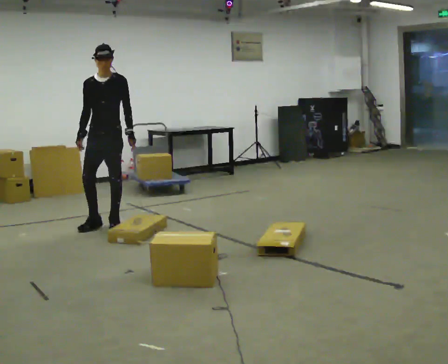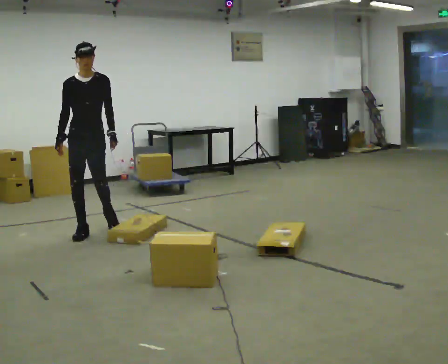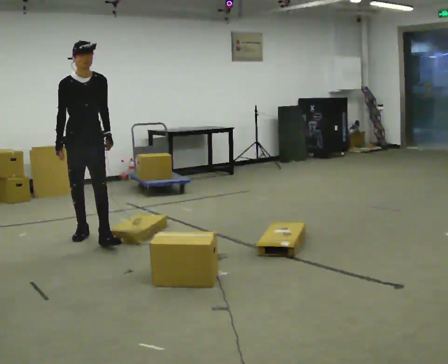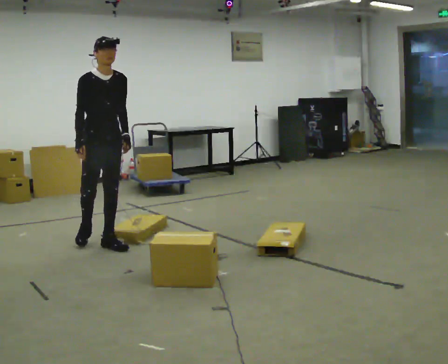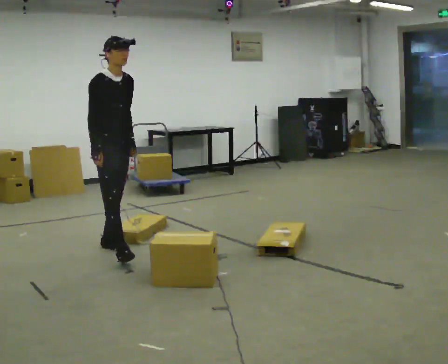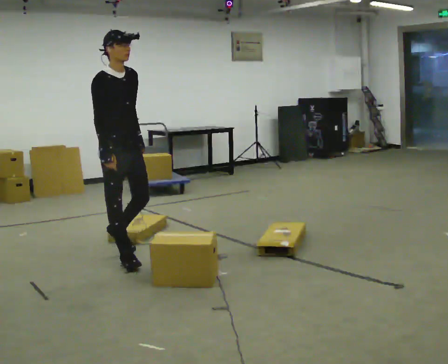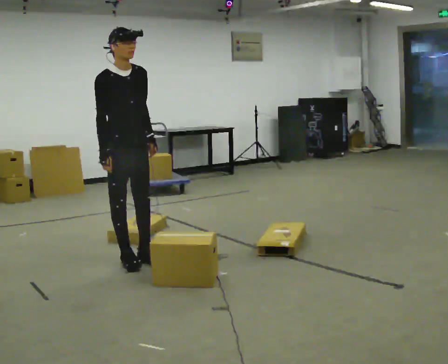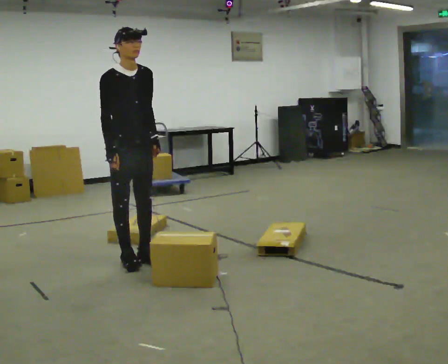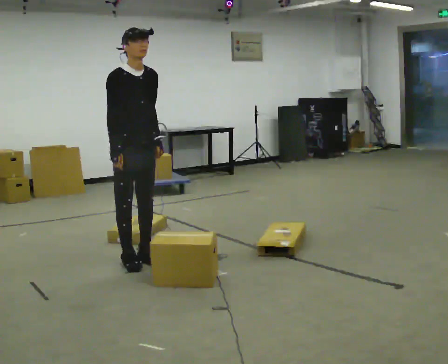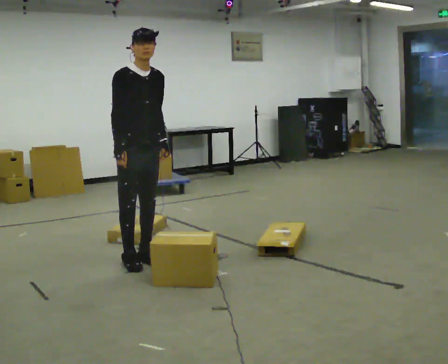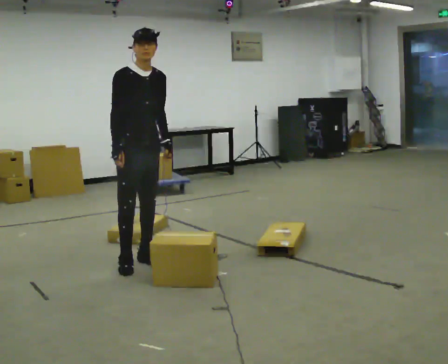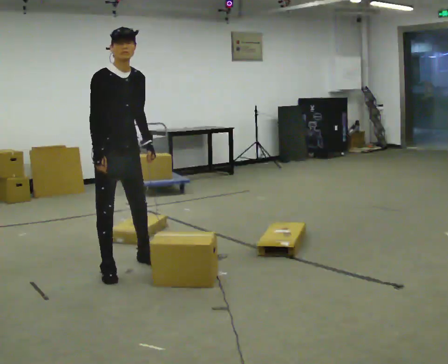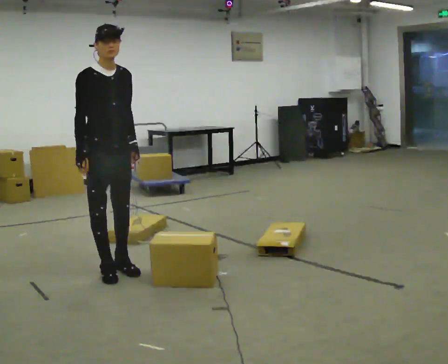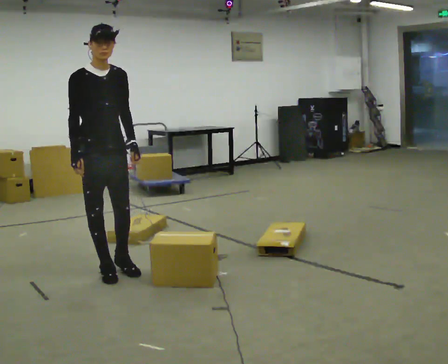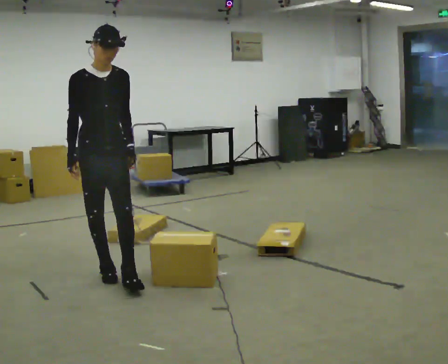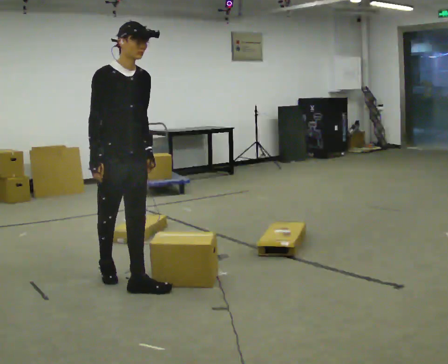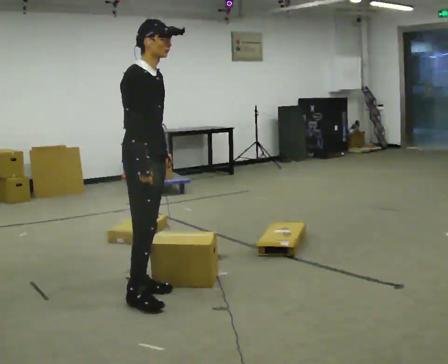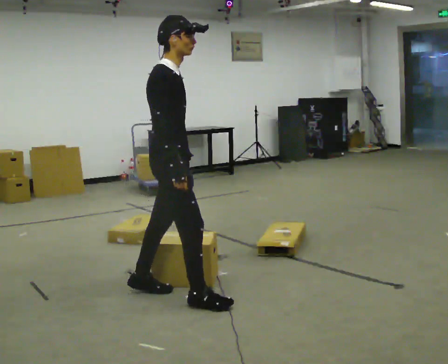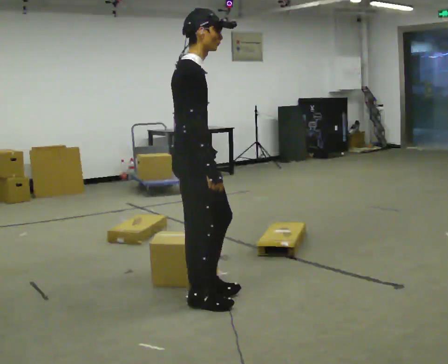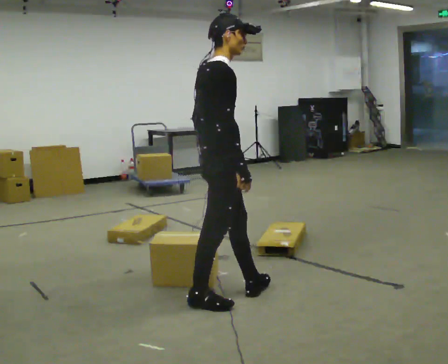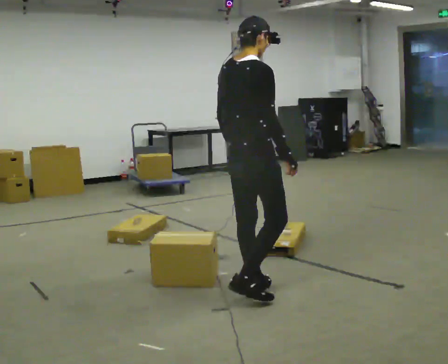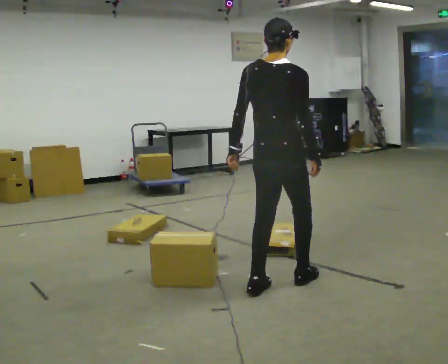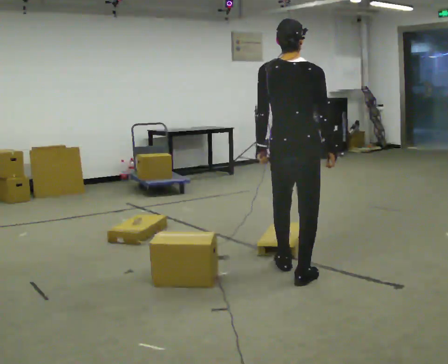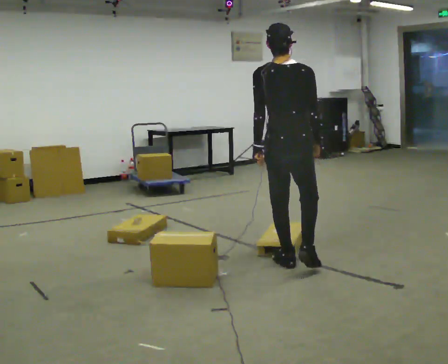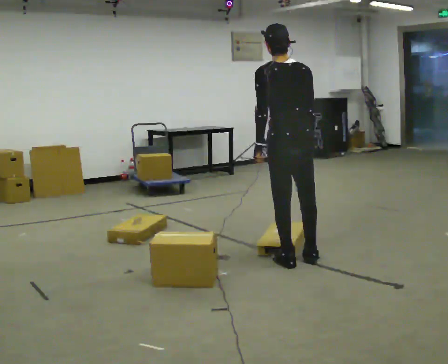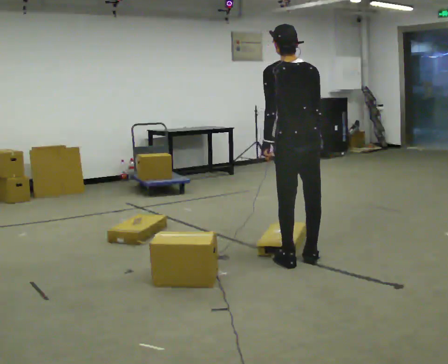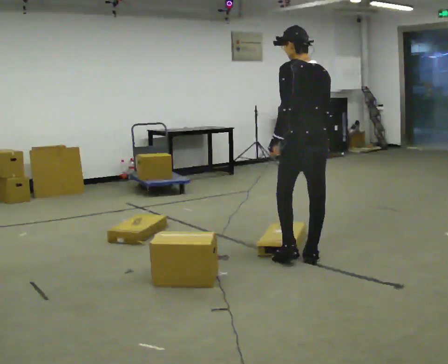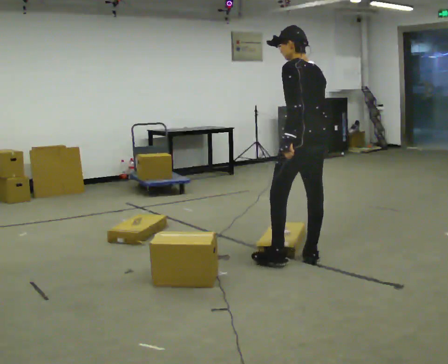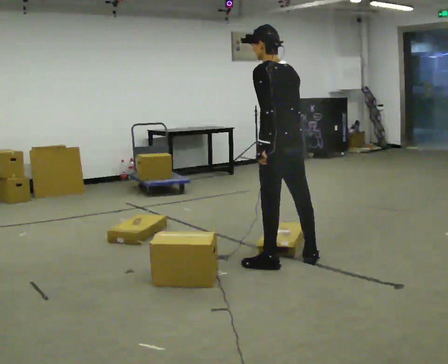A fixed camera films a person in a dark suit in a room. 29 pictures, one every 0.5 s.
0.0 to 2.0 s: The part of the body nearest the lens slides to the right as the person turns to their left by about 60 degrees. In the picture they go toward the camera, about 1 m in 2 steps, which for them is forward.
2.0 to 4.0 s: In the picture they go toward the camera and to the right, about 0.25 m in 2 steps, which for them is forward.
4.0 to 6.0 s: In the picture they go toward the camera and to the left, about 0.25 m in 2 steps, which for them is to their right and forward.
6.0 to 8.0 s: Seen from above the body turns counterclockwise, about 30 degrees: to their left, with its near side sliding to the right. In the picture they go toward the camera and to the right, about 0.5 m in 1 step, which for them is forward.
8.0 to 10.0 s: Seen from above the body turns counterclockwise, about 60 degrees: to their left, with its near side sliding to the right. In the picture they go to the right, about 0.75 m in 2 steps, which for them is forward.
10.0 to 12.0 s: The person turns about 60 degrees to their left, counterclockwise seen from above, so the part of the body nearest the lens slides to the right. In the picture they go away from the camera and to the right, about 0.75 m in 3 steps.
12.0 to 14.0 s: The person turns about 30 degrees to their left, counterclockwise seen from above, so the part of the body nearest the lens slides to the right.
The film runs forward here.
